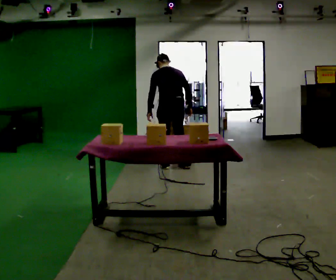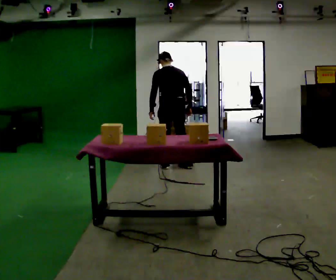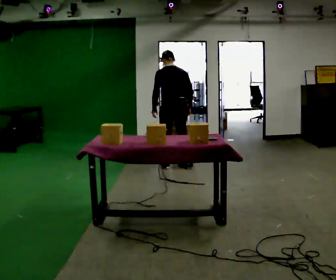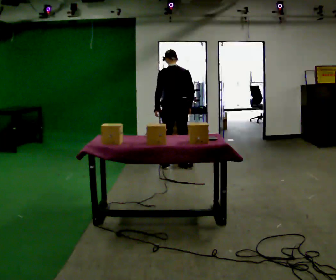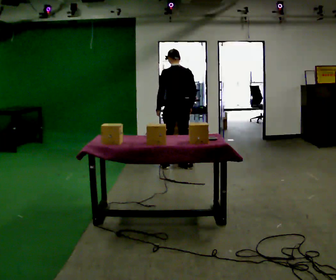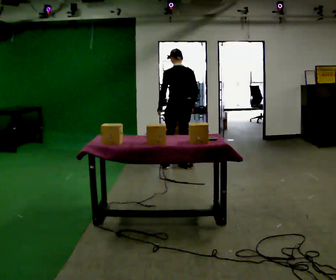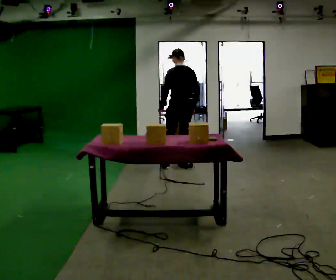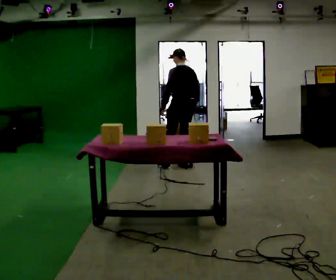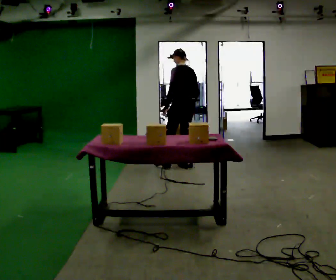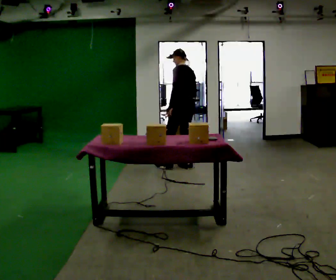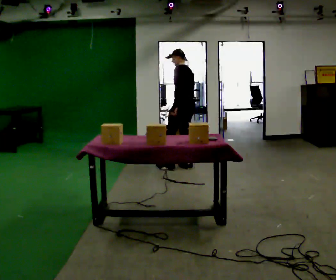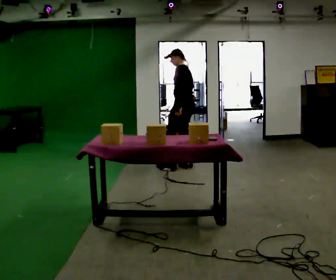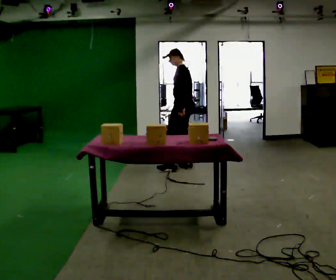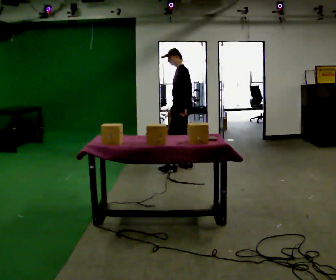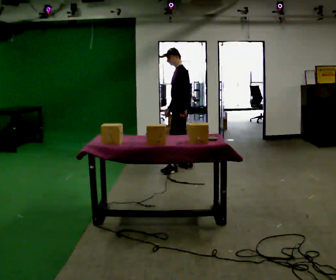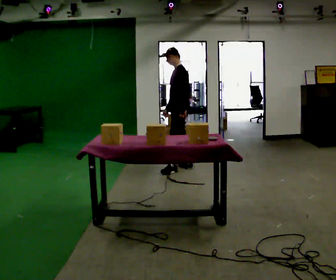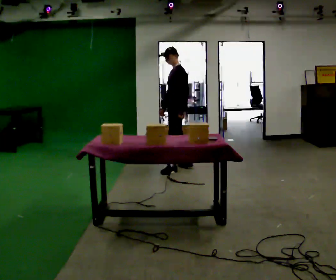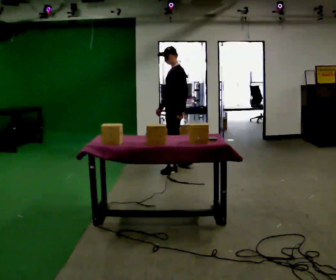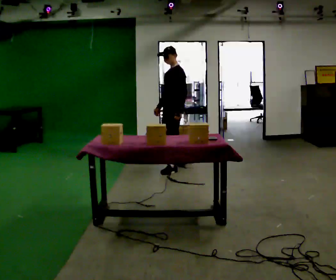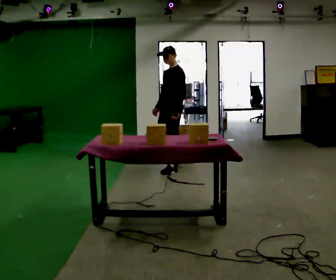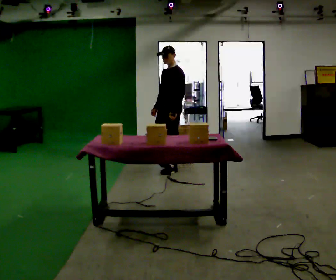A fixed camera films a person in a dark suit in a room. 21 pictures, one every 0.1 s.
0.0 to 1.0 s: Seen from above the body turns counterclockwise, about 45 degrees: to their left, with its near side sliding to the right. In the picture they go to the right, about 0.25 m in 1 step, which for them is to their right.
1.0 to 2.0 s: Seen from above the body turns counterclockwise, about 60 degrees: to their left, with its near side sliding to the right. In the picture they go toward the camera and to the left, about 0.25 m in 1 step.
The film runs forward here.
